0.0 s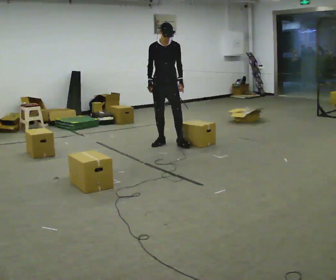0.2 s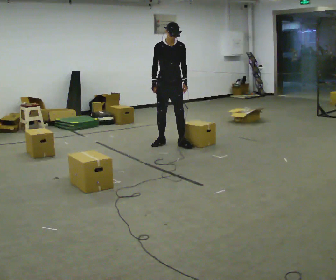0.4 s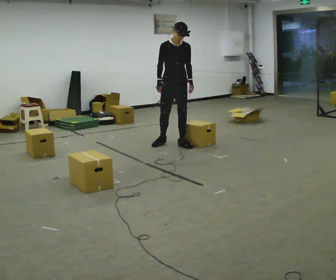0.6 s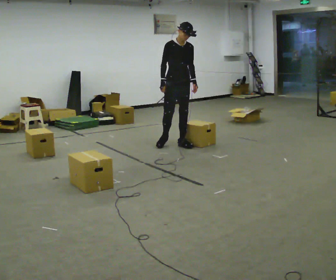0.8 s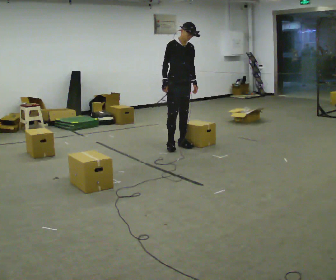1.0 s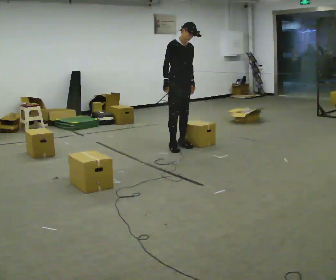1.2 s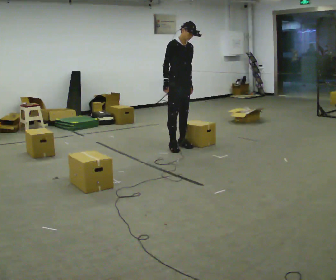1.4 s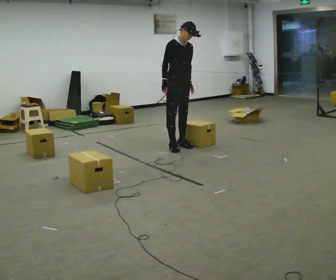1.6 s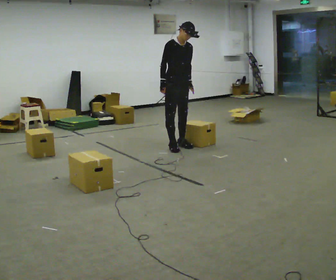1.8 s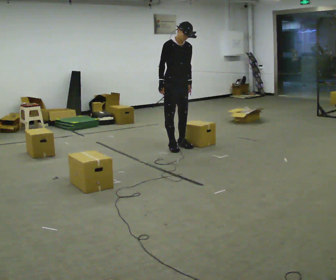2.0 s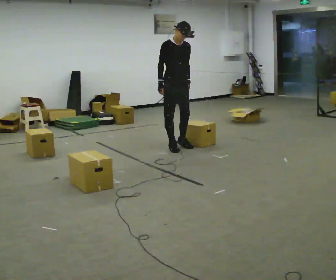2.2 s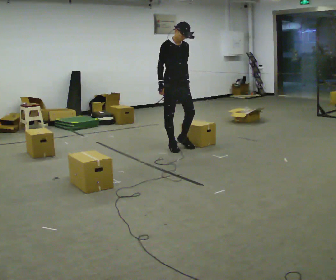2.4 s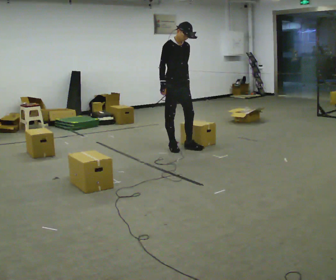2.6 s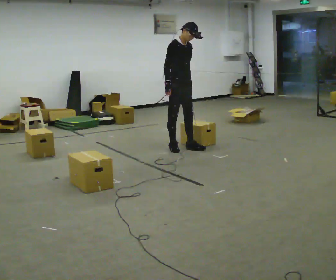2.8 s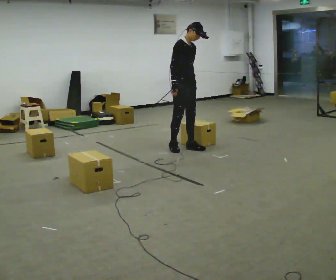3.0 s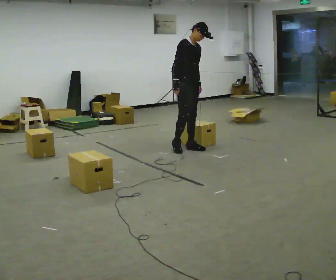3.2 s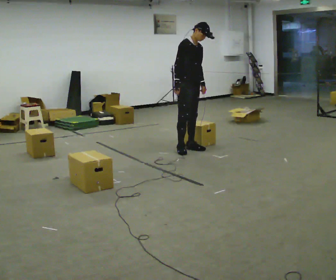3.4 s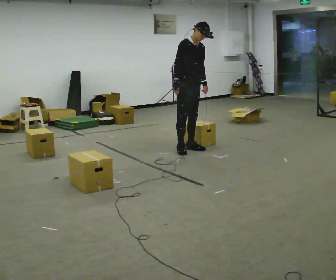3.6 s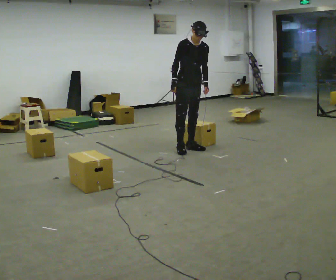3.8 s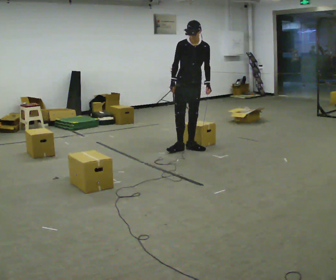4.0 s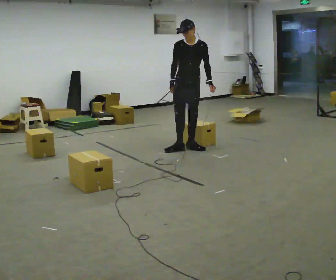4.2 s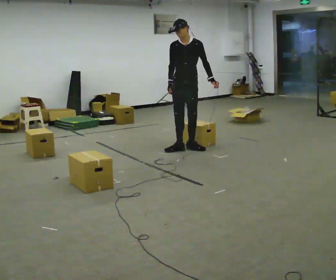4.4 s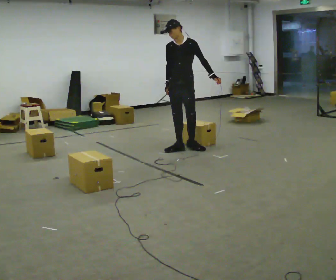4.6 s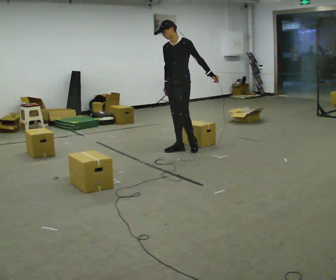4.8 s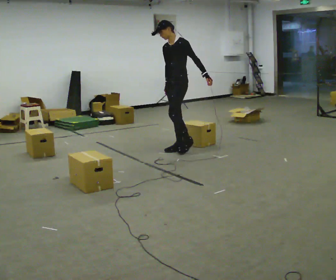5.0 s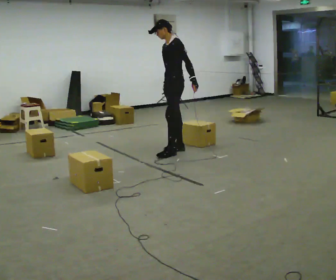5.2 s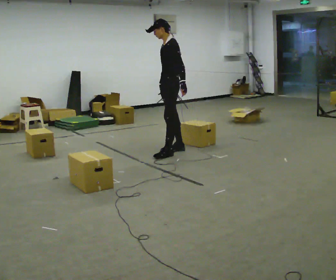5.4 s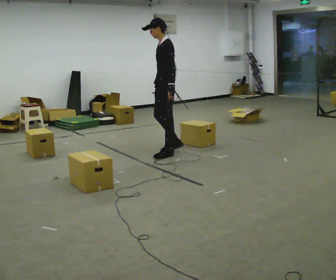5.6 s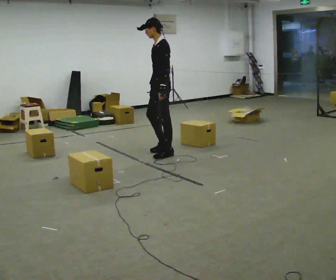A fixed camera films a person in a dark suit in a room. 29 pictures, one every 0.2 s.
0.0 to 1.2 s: The person turns about 30 degrees to their left, counterclockwise seen from above, so the part of the body nearest the lens slides to the right. In the picture they go toward the camera and to the right, about 0.25 m in 2 steps, which for them is forward.
1.2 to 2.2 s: The person moves a little, or ends about where they began.
2.2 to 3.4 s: In the picture they go to the right, about 0.25 m in 2 steps, which for them is forward.
3.4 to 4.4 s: Seen from above the body turns clockwise, about 60 degrees: to their right, with its near side sliding to the left. In the picture the upper body tilts counterclockwise, shoulders to the left.
4.4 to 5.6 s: Seen from above the body turns clockwise, about 60 degrees: to their right, with its near side sliding to the left. In the picture they go toward the camera and to the left, about 0.25 m in 1 step, which for them is forward and to their left.
The film runs forward here.
